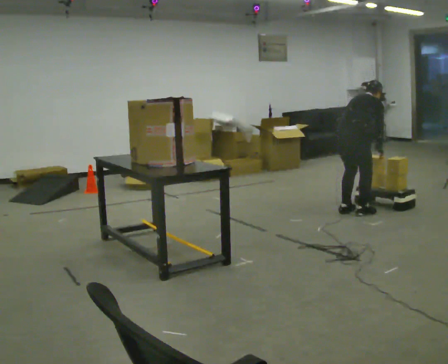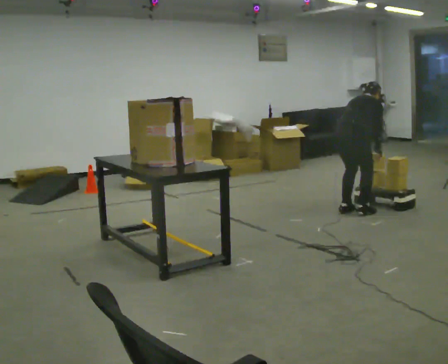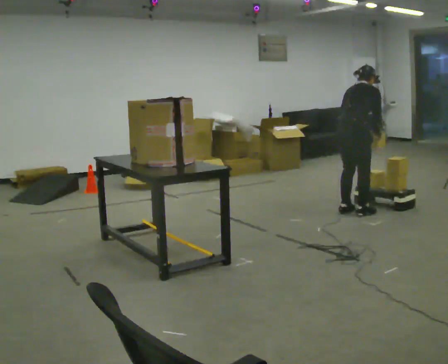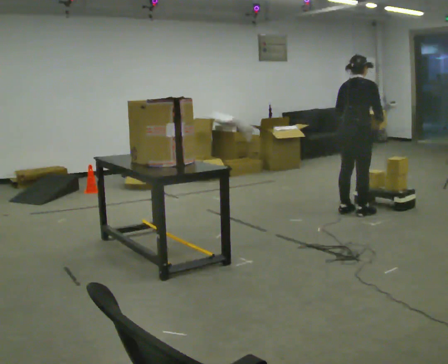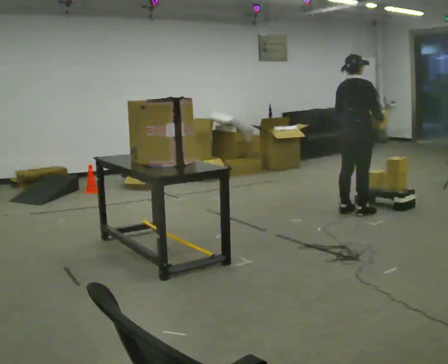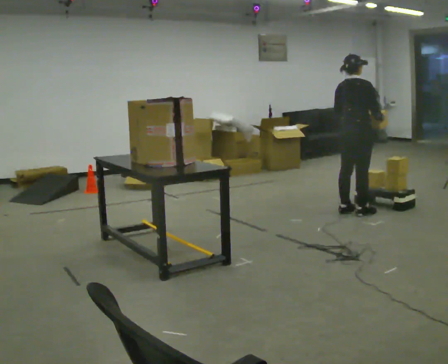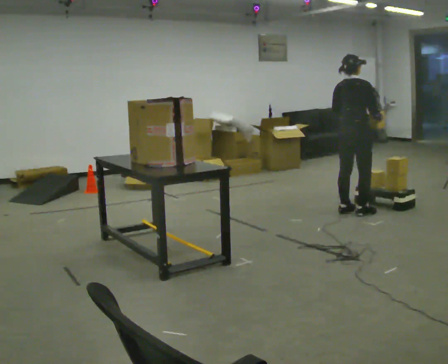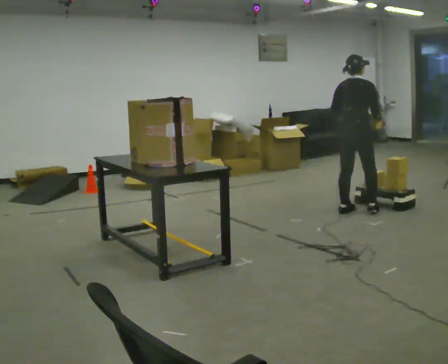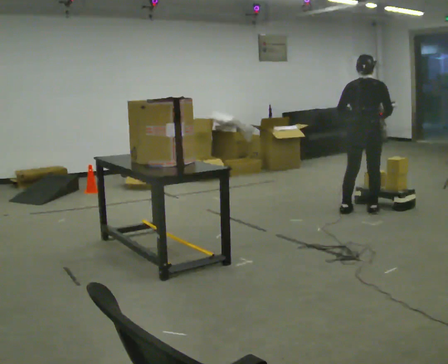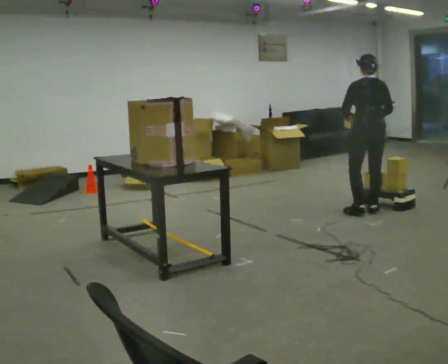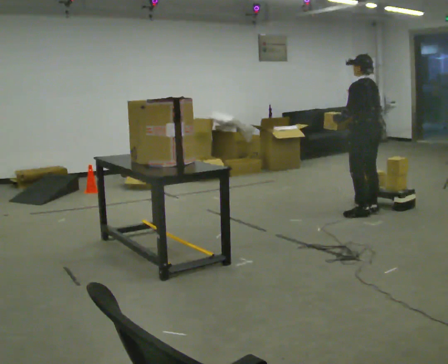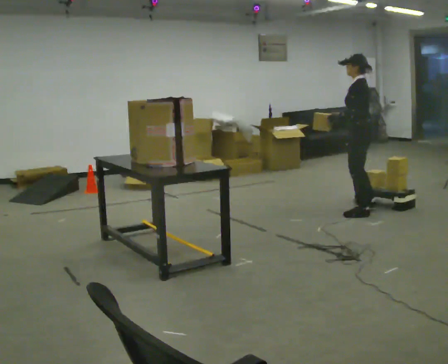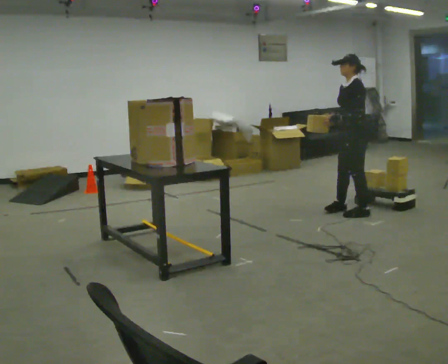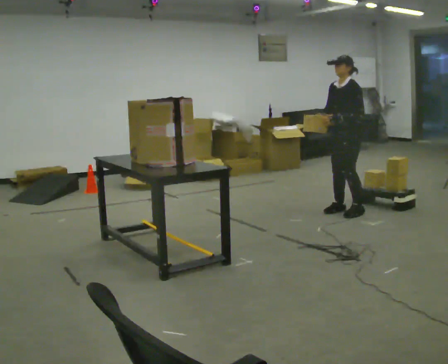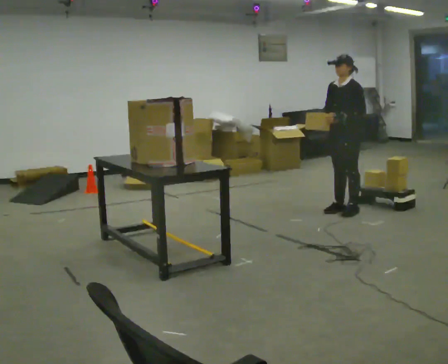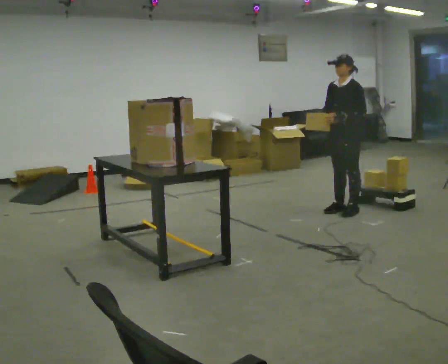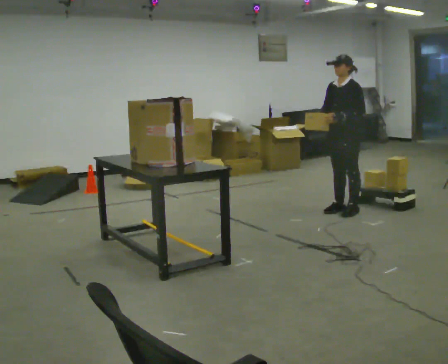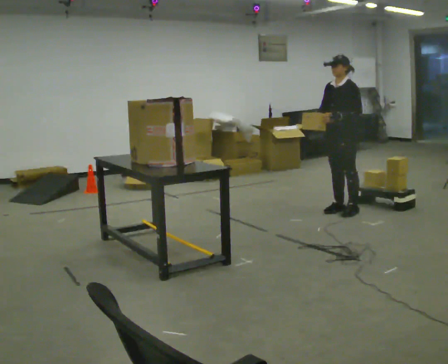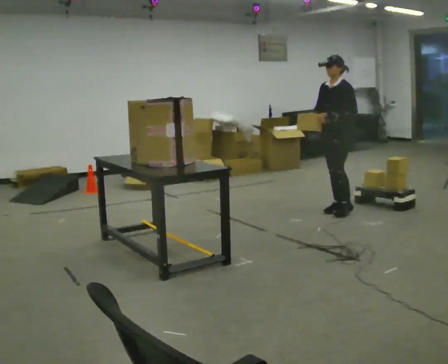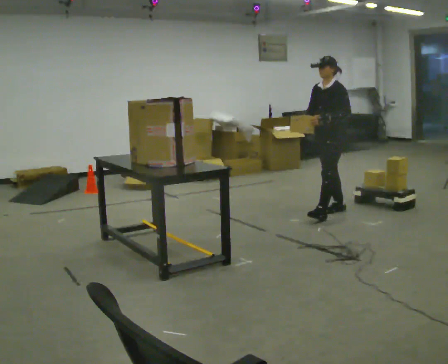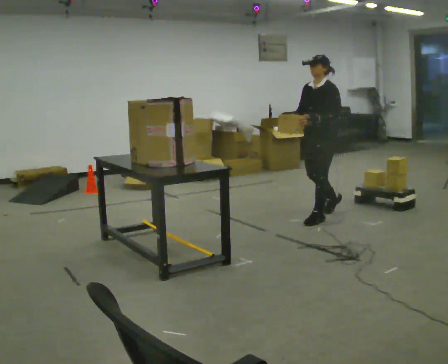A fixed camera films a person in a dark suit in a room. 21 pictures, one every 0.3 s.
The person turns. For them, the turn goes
to their left.
The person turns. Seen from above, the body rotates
counterclockwise.
0.0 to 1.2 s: The upper body goes upward. The upper body tips toward the camera, its near side rolling downward, as they lean back or straighten. In the picture their right hand goes upward.
1.2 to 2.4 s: The part of the body nearest the lens slides to the right as the person turns to their left by about 30 degrees.
2.4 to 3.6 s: The part of the body nearest the lens slides to the right as the person turns to their left by about 120 degrees. In the picture their right hand goes to the left.
3.6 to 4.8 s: The person moves a little, or ends about where they began.
4.8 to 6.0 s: In the picture they go toward the camera and to the left, about 0.25 m in 1 step, which for them is forward.
The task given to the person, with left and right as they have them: Take an object from the highest shelf you can comfortably reach, carry it across, and place it on the lowest shelf. Keep going until the operator says stop; one object at a time, and do not rush between trips.
The film runs forward here.
